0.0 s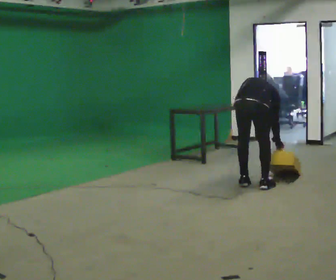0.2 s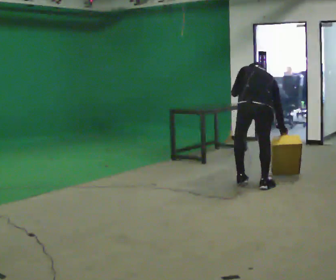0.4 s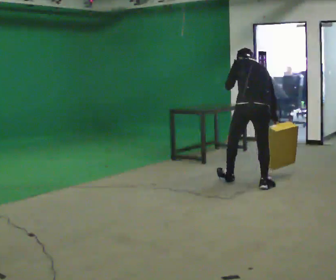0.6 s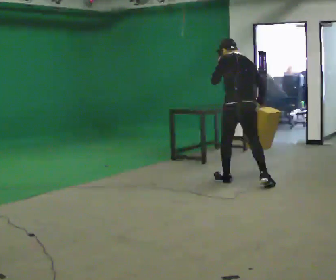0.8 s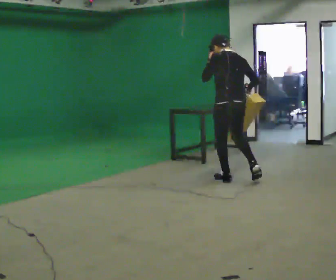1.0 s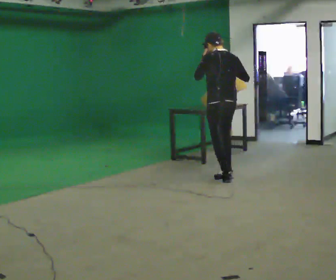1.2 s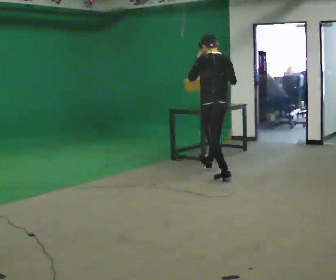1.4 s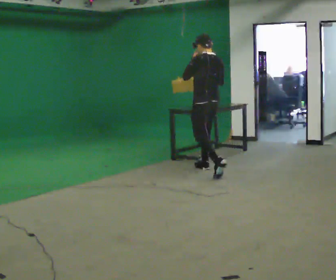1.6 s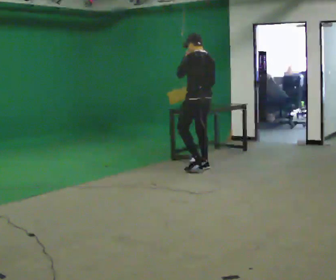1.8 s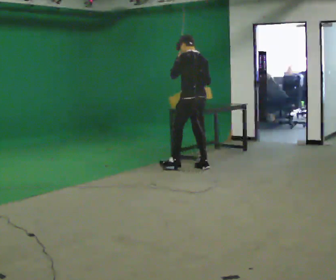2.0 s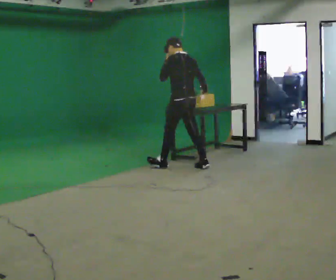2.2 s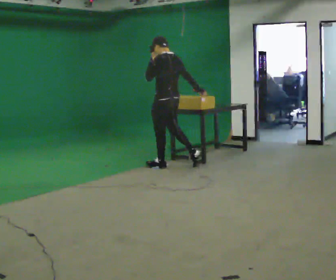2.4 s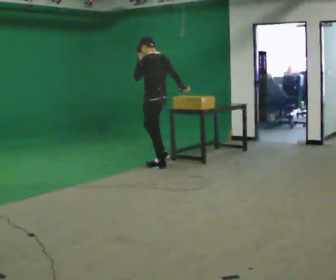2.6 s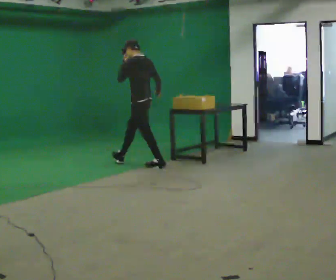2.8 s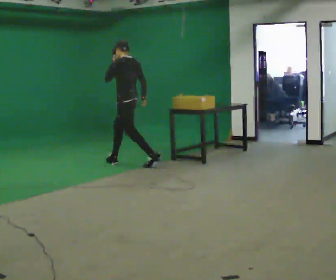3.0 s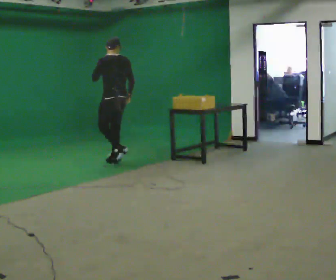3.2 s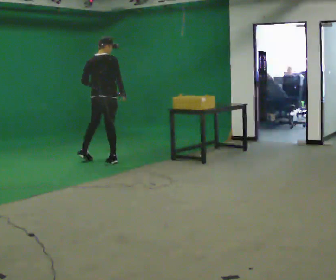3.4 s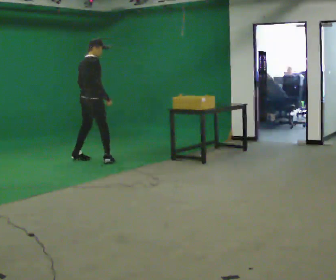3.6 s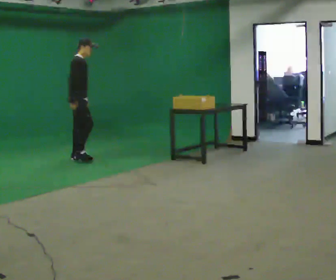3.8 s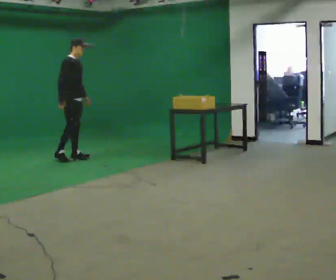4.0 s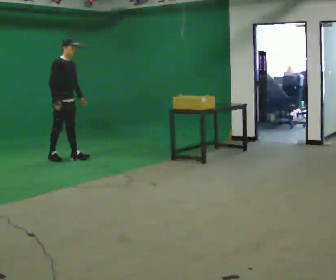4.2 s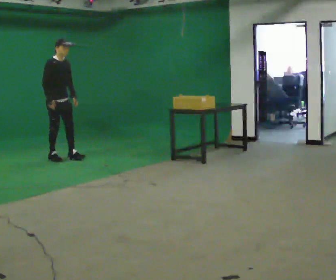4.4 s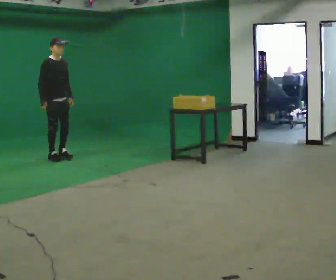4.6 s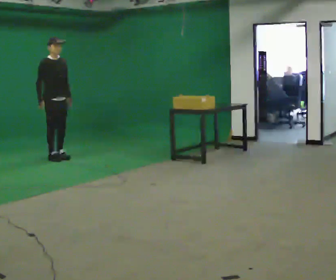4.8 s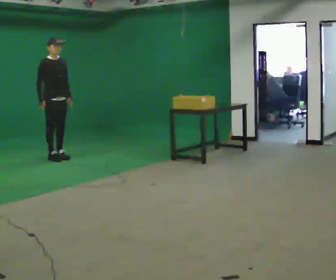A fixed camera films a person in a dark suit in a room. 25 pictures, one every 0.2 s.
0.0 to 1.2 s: Seen from above the body turns counterclockwise, about 45 degrees: to their left, with its near side sliding to the right. In the picture they go away from the camera and to the left, about 1 m in 1 step, which for them is forward. The upper body goes upward. The upper body tips toward the camera, its near side rolling downward, as they lean back or straighten. In the picture their right hand goes upward.
1.2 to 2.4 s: The part of the body nearest the lens slides to the right as the person turns to their left by about 30 degrees. In the picture they go to the left and away from the camera, about 1 m in 2 steps, which for them is forward.
2.4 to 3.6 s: Seen from above the body turns clockwise, about 150 degrees: to their right, with its near side sliding to the left. In the picture they go to the left, about 1 m in 2 steps.
3.6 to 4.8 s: The part of the body nearest the lens slides to the left as the person turns to their right by about 45 degrees. In the picture they go to the left, about 0.25 m in 2 steps, which for them is backward and to their right.
The film runs forward here.
